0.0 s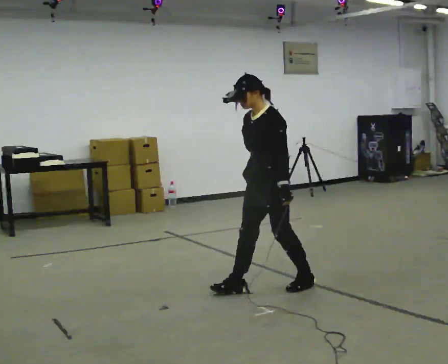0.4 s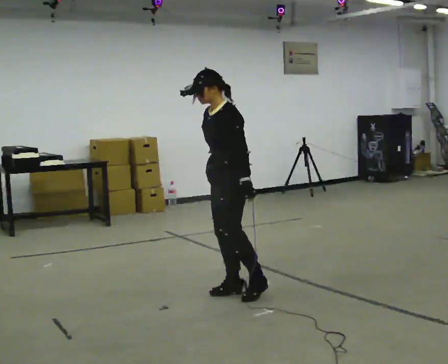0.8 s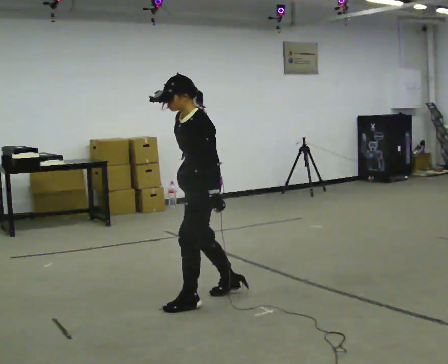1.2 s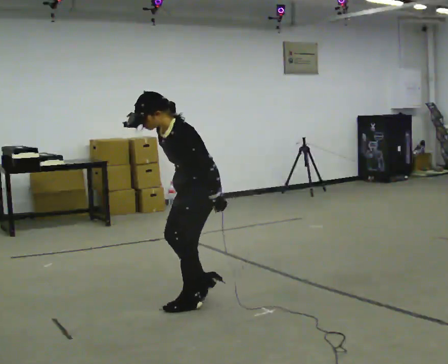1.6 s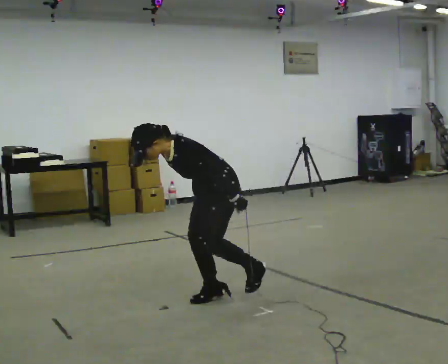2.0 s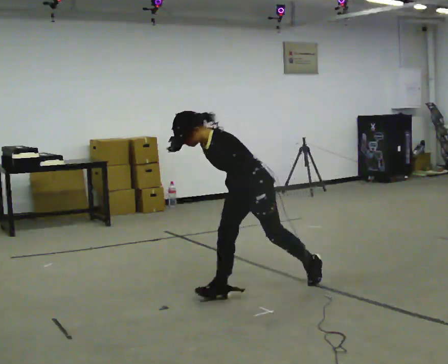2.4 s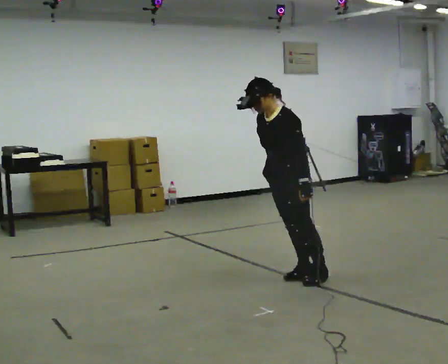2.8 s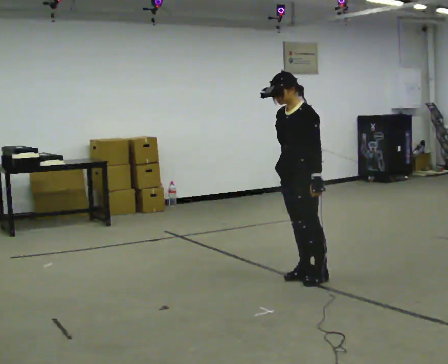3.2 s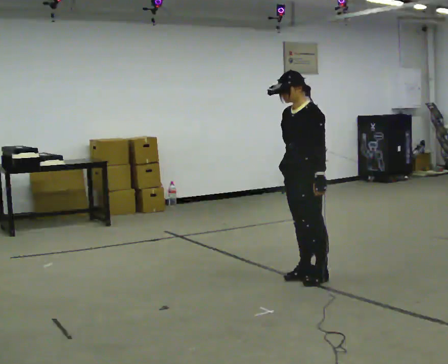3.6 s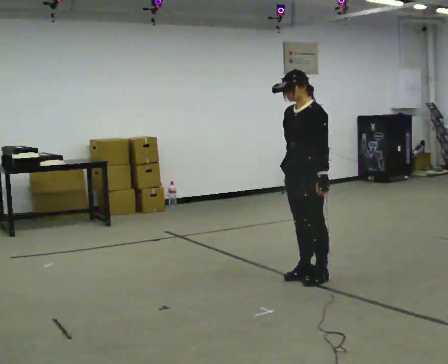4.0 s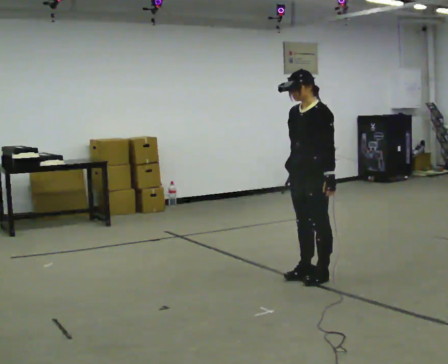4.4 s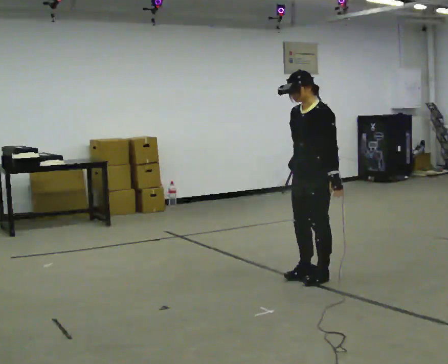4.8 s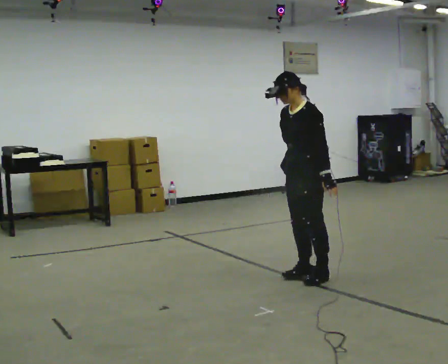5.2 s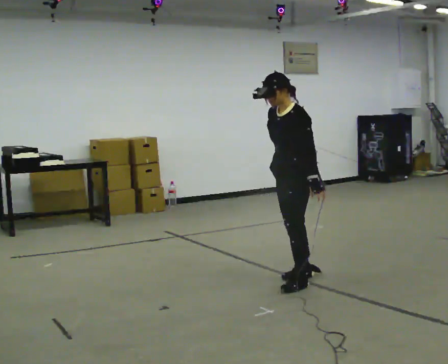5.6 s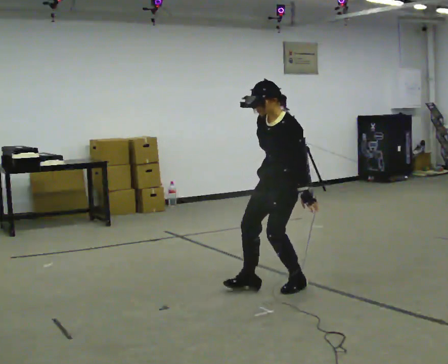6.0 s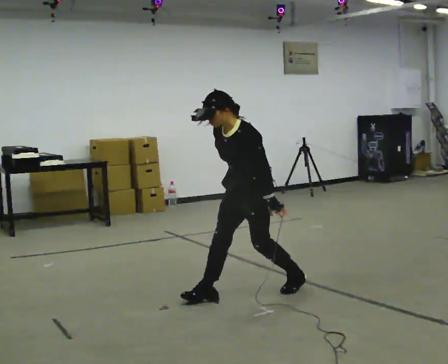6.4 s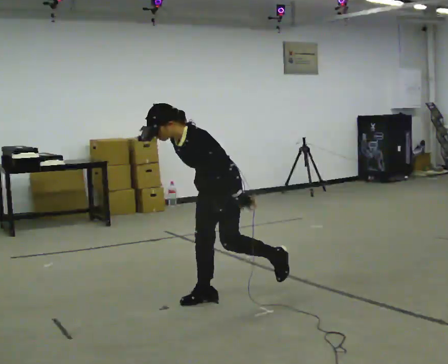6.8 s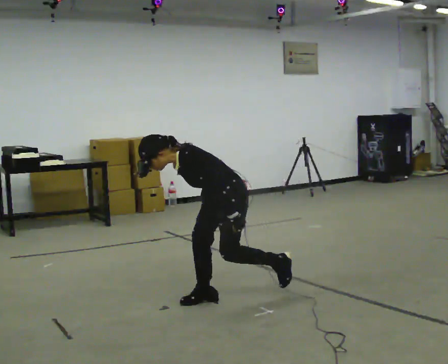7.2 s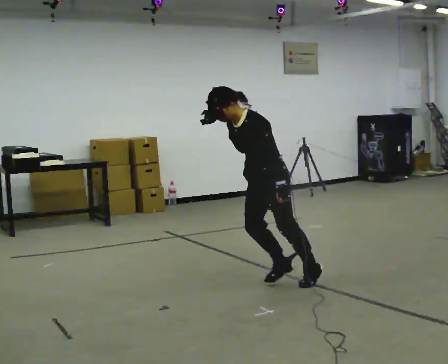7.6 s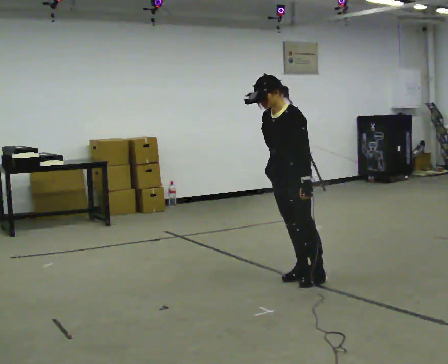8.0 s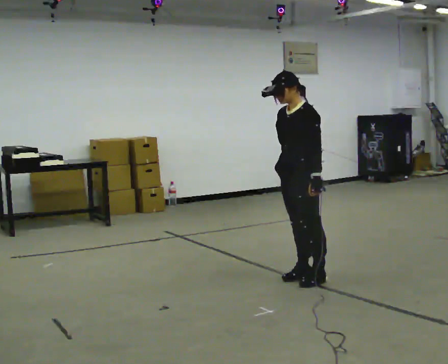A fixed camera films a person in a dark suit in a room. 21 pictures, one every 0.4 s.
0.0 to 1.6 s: In the picture they go to the left and toward the camera, about 0.5 m in 3 steps, which for them is forward. The shoulders move downward. In the picture the upper body tilts counterclockwise, shoulders to the left, as they bend forward.
1.6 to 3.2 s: In the picture they go to the right and away from the camera, about 0.5 m in 1 step, which for them is backward. The upper body tips away from the camera, its near side rolling upward, as they lean back or straighten.
3.2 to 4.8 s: The person moves a little, or ends about where they began.
4.8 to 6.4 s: In the picture they go to the left and toward the camera, about 0.5 m in 3 steps, which for them is forward. The upper body tips toward the camera, its near side rolling downward, as they bend forward.
6.4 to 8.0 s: In the picture they go to the right and away from the camera, about 0.75 m in 2 steps, which for them is backward.
The film runs backward here.
